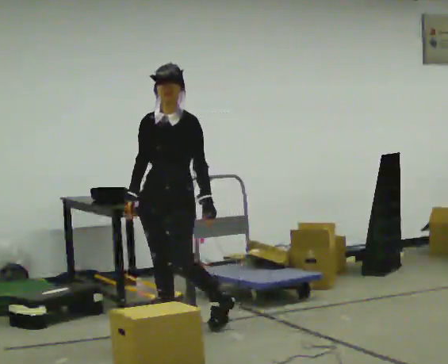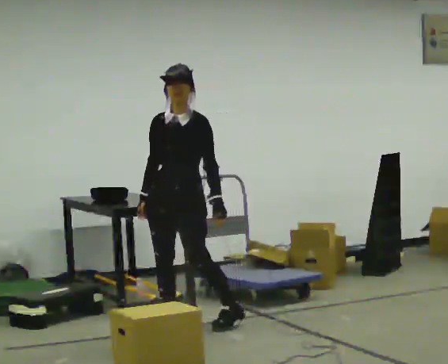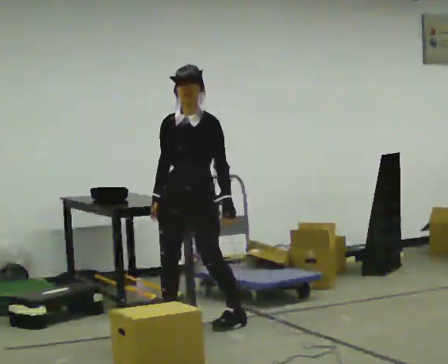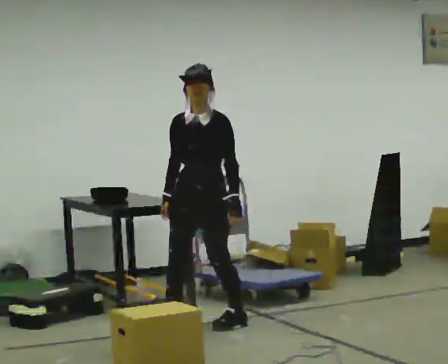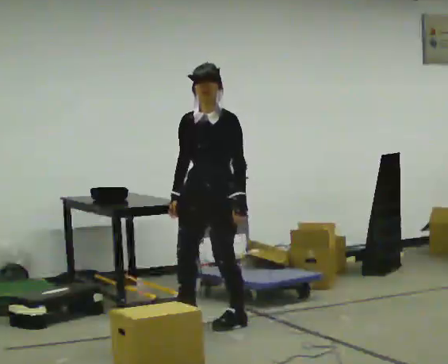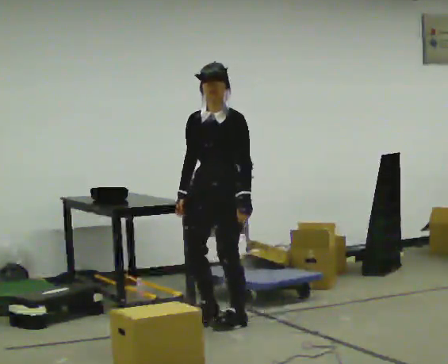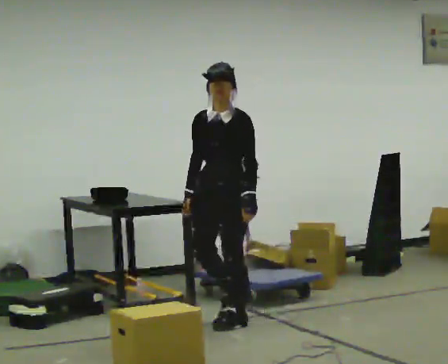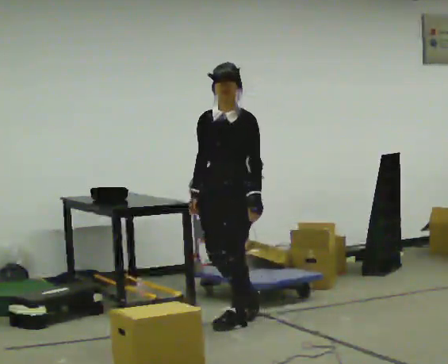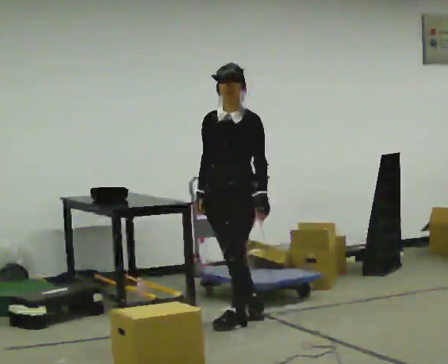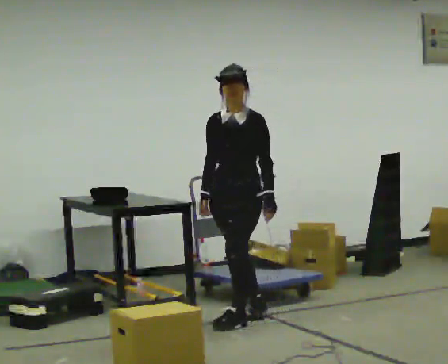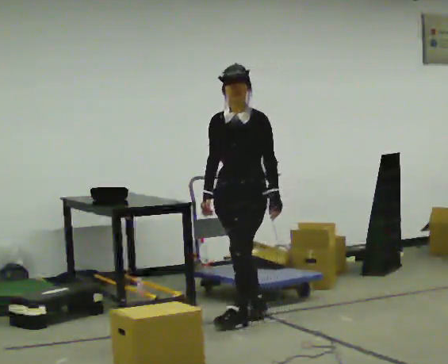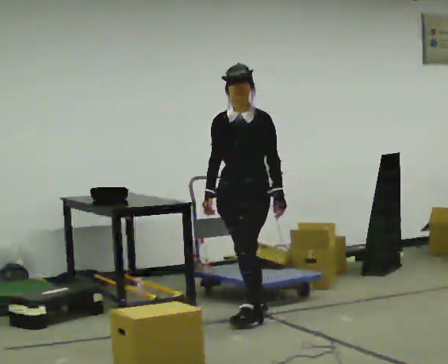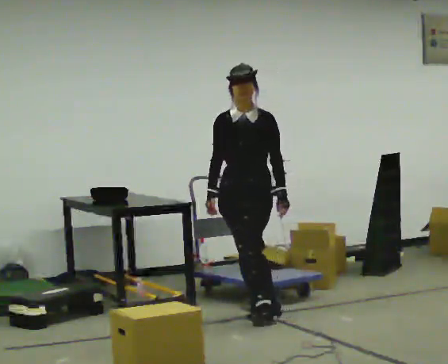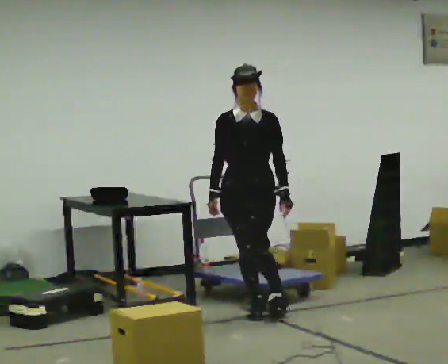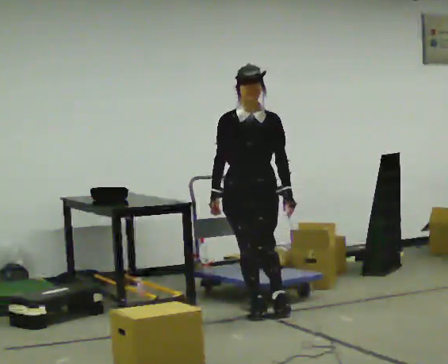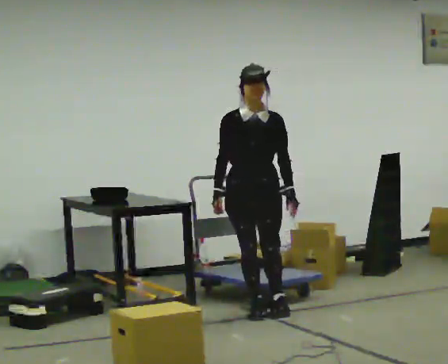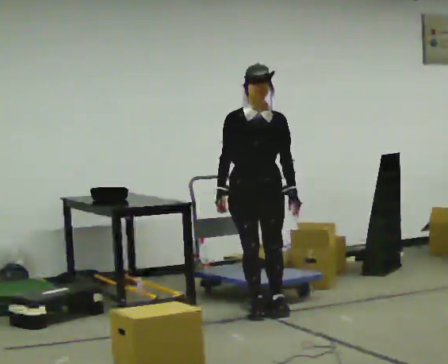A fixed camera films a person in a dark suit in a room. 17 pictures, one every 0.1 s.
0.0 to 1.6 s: The person turns about 30 degrees to their left, counterclockwise seen from above, so the part of the body nearest the lens slides to the right. In the picture they go to the right and away from the camera, about 0.75 m in 2 steps, which for them is backward.
The film runs backward here.
